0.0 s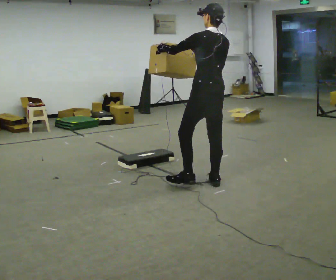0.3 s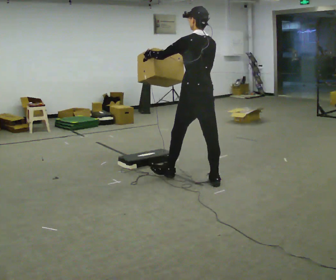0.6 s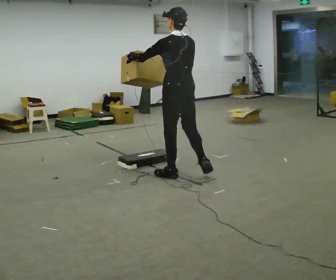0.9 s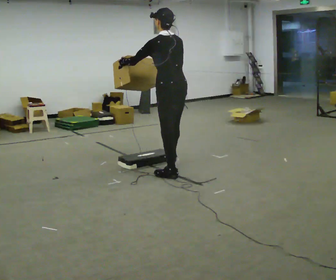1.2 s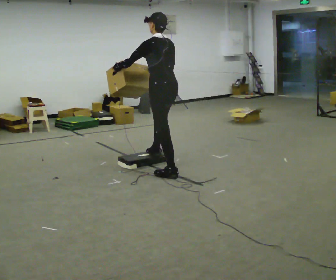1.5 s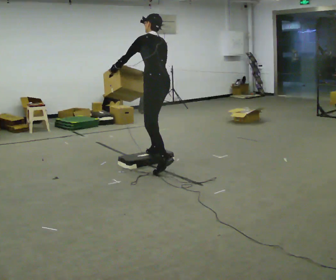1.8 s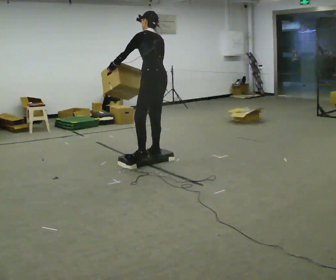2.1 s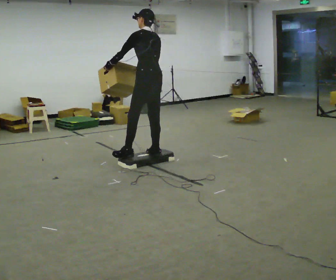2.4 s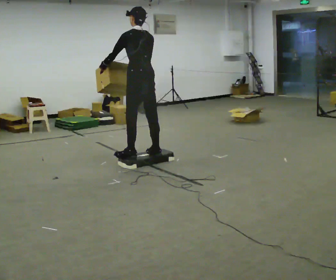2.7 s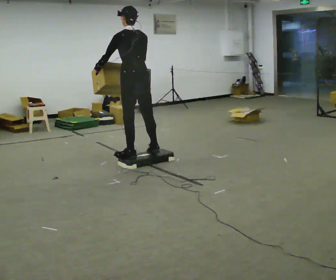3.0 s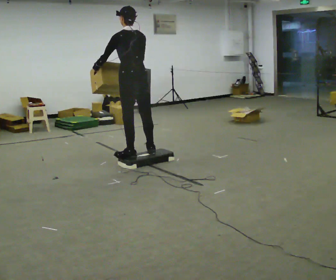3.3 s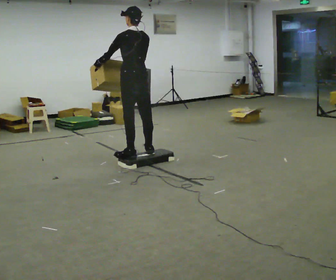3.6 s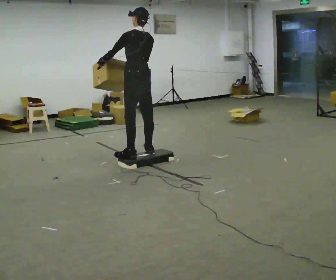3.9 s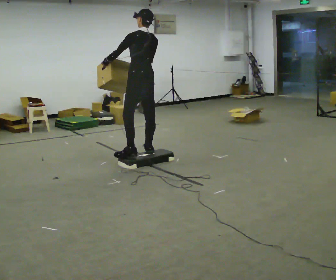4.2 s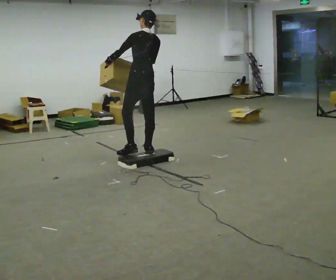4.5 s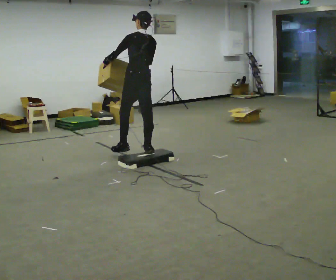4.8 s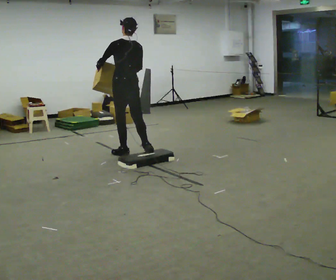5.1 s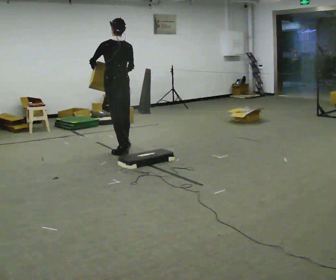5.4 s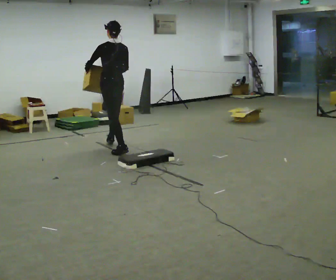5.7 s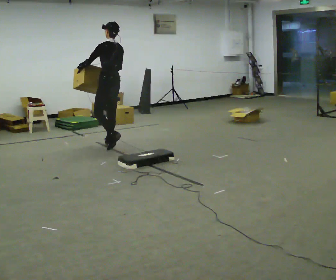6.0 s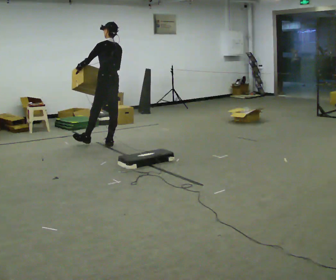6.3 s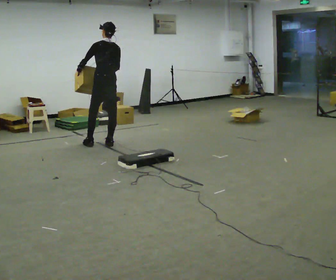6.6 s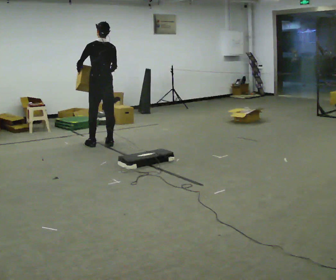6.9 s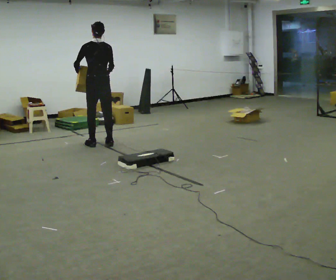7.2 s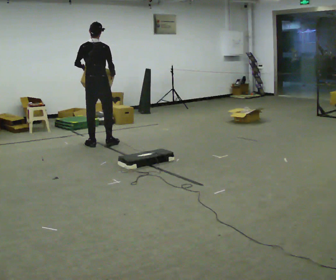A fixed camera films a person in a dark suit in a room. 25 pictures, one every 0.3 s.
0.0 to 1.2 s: In the picture they go away from the camera and to the left, about 0.75 m in 2 steps, which for them is forward.
1.2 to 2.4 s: In the picture they go to the left and away from the camera, about 0.25 m in 1 step, which for them is forward.
2.4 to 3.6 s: The person moves a little, or ends about where they began.
3.6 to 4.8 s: In the picture they go away from the camera and to the left, about 0.25 m in 1 step, which for them is forward.
4.8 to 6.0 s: In the picture they go away from the camera and to the left, about 0.5 m in 1 step, which for them is forward.
6.0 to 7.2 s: The part of the body nearest the lens slides to the left as the person turns to their right by about 45 degrees. In the picture they go to the left, about 0.25 m in 1 step, which for them is to their left.
The film runs forward here.
